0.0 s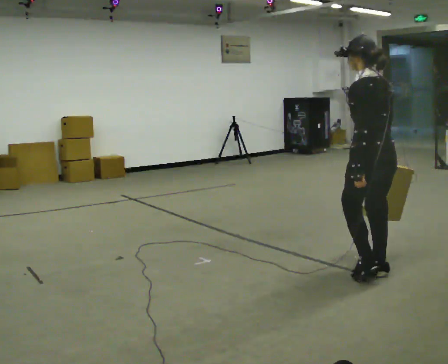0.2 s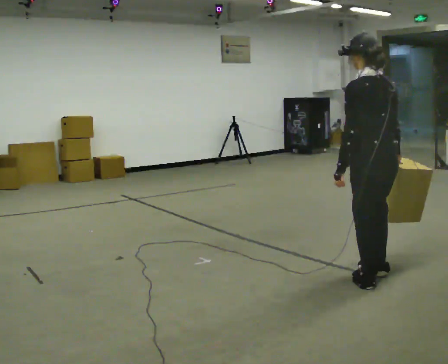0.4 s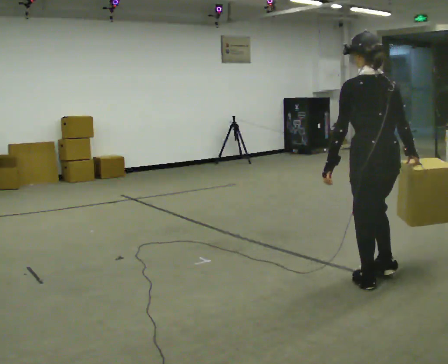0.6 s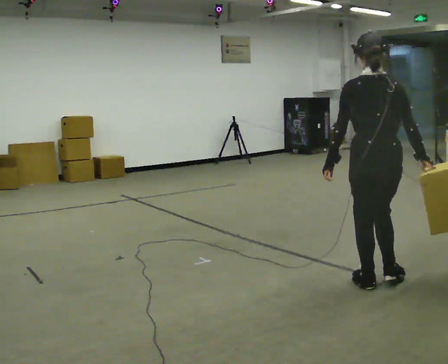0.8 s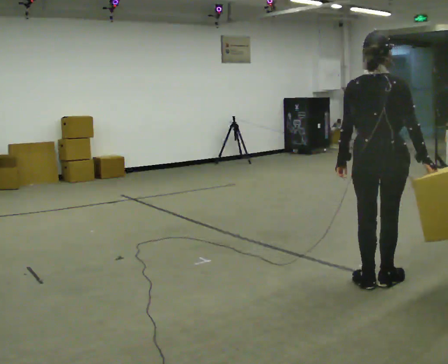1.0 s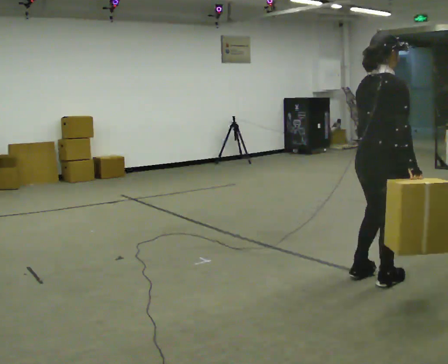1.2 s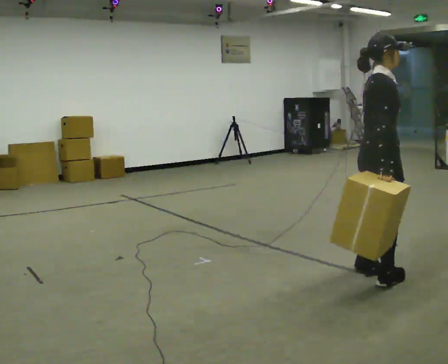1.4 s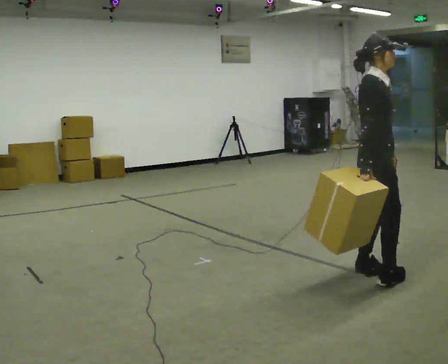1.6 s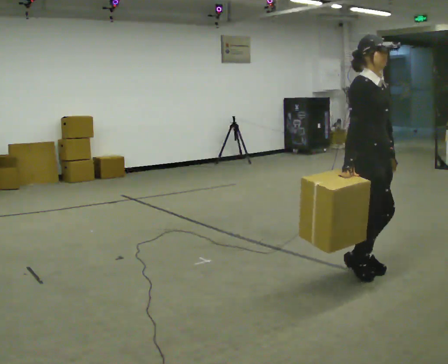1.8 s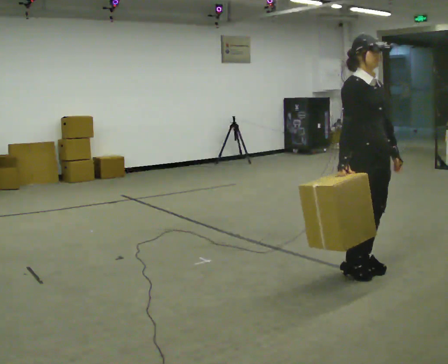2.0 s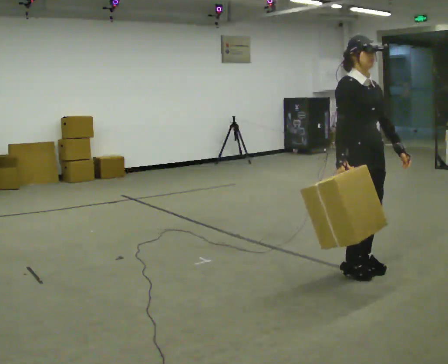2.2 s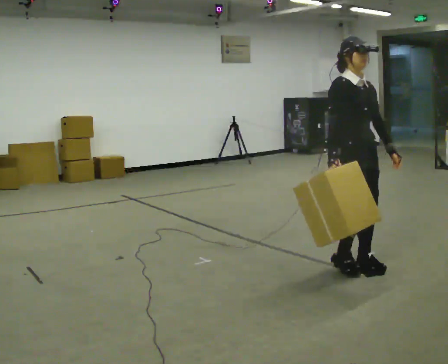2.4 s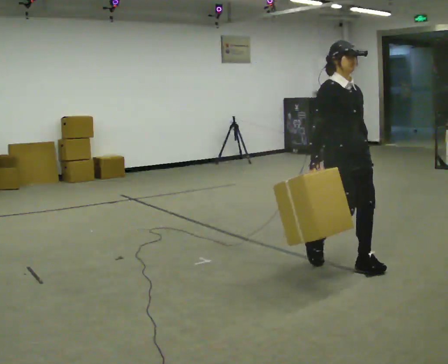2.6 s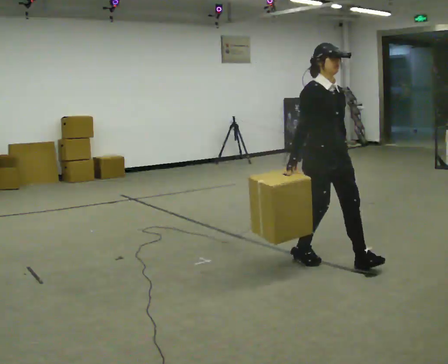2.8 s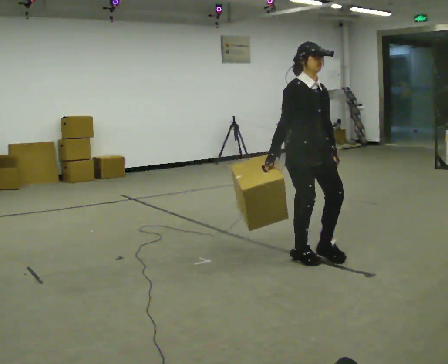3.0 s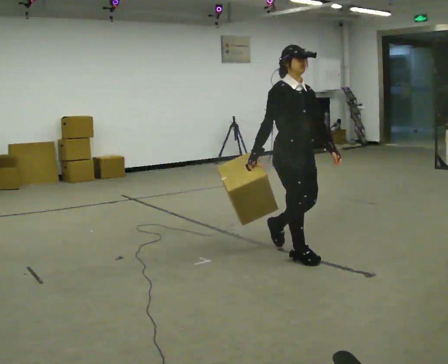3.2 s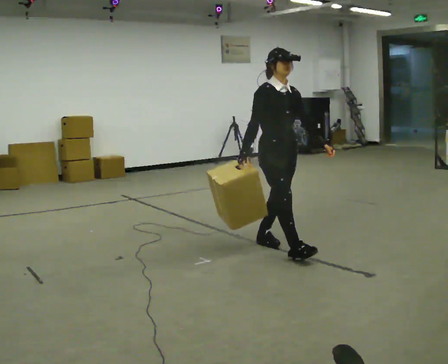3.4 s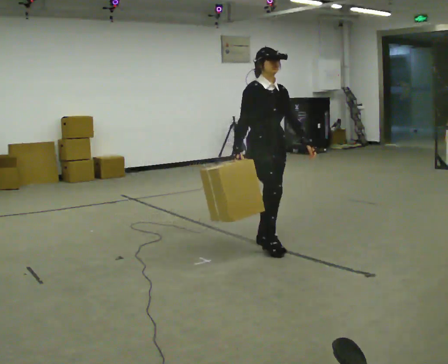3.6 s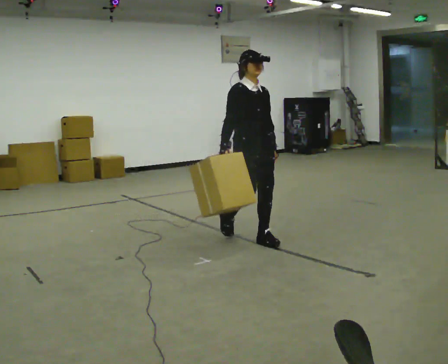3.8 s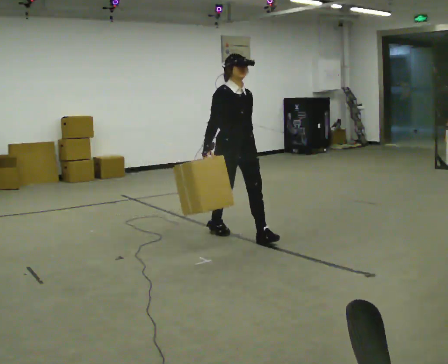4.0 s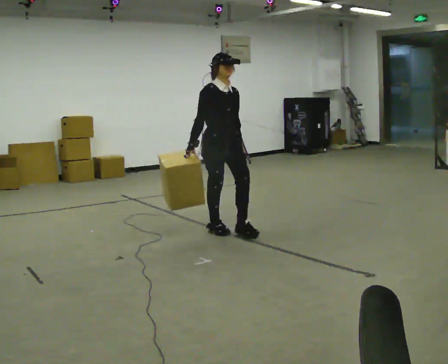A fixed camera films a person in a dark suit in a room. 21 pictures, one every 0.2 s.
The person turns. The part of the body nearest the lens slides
to the left.
The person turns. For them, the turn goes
to their right.
0.0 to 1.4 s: The part of the body nearest the lens slides to the left as the person turns to their right by about 150 degrees.
1.4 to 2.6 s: The part of the body nearest the lens slides to the left as the person turns to their right by about 30 degrees. In the picture they go to the left and away from the camera, about 0.5 m in 2 steps, which for them is backward.
2.6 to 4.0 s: In the picture they go to the left and away from the camera, about 1 m in 2 steps, which for them is backward.
The film runs backward here.
